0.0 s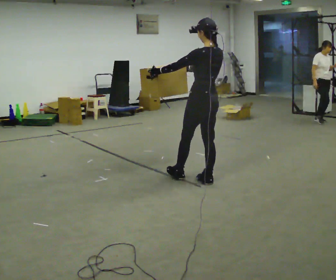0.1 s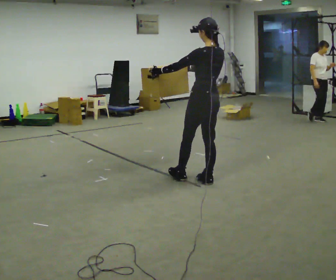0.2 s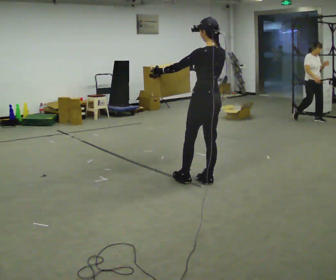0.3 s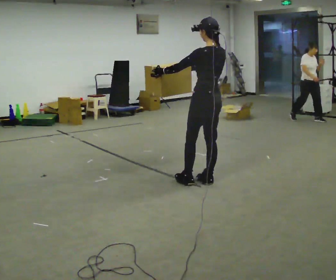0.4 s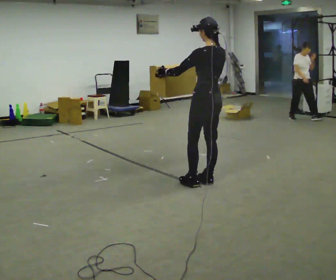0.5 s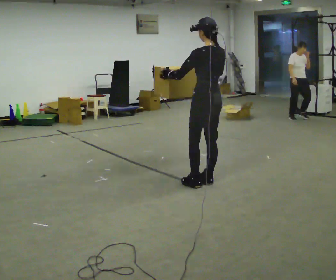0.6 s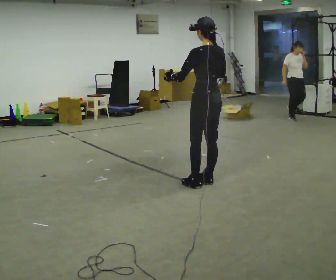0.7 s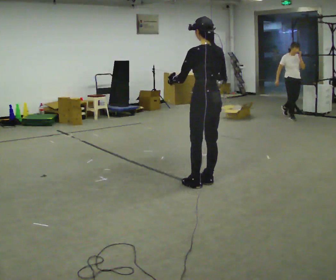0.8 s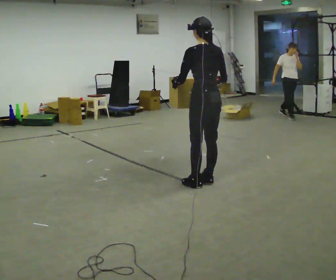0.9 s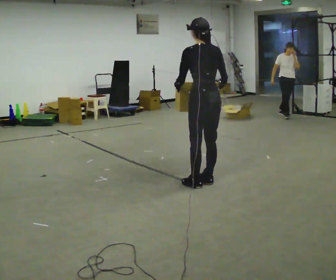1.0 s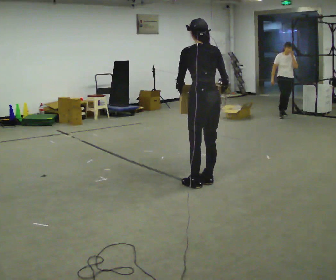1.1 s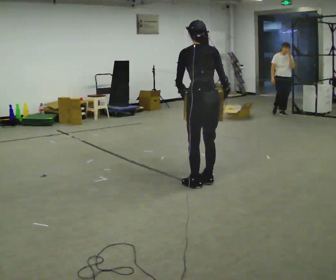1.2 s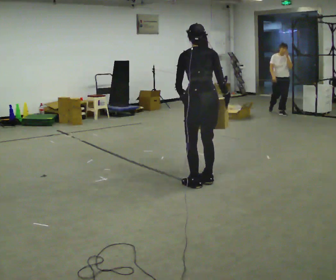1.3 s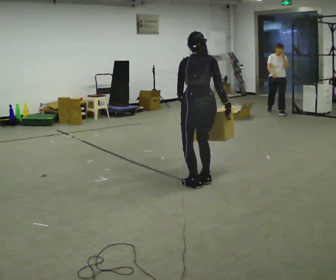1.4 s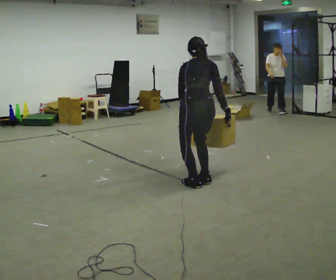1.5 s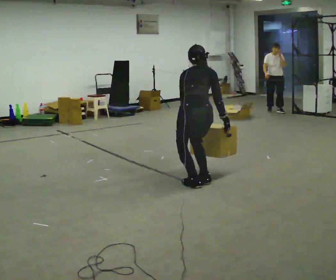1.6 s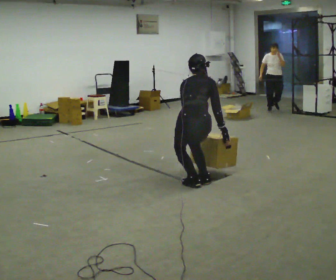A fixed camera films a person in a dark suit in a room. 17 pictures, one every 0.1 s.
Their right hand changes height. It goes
downward.
The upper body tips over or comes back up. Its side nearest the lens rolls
upward.
0.0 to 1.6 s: The person turns about 60 degrees to their right, clockwise seen from above, so the part of the body nearest the lens slides to the left. In the picture they go toward the camera, about 0.25 m, which for them is to their left. The upper body goes downward. The upper body tips away from the camera, its near side rolling upward, as they bend forward. In the picture their right hand goes downward and to the right.
The film runs backward here.
